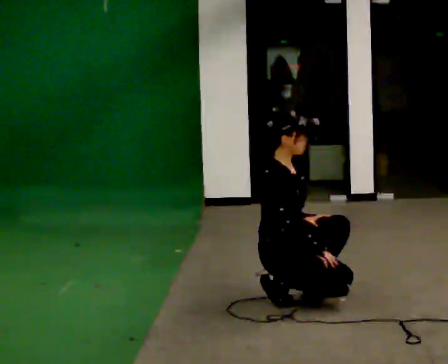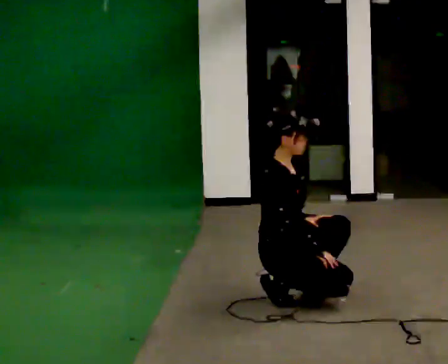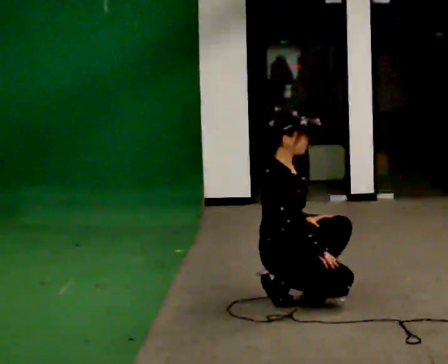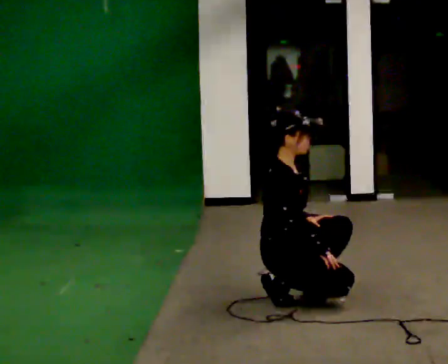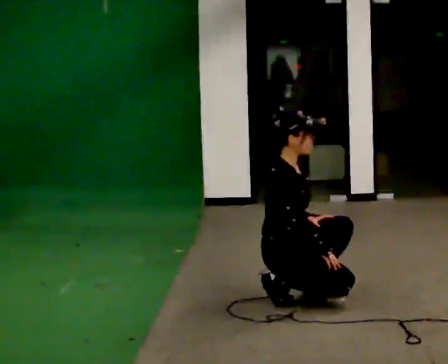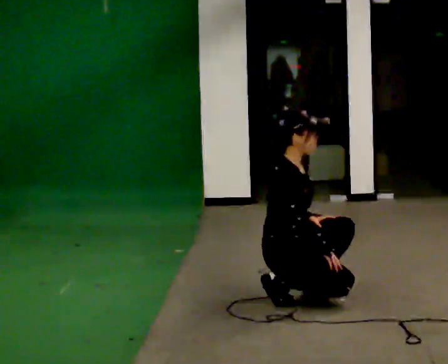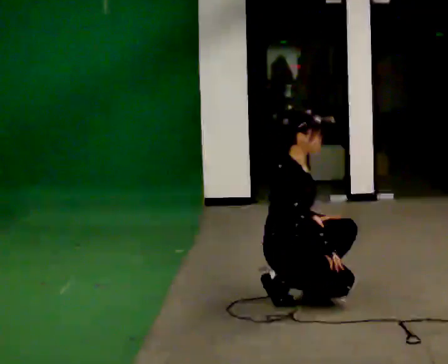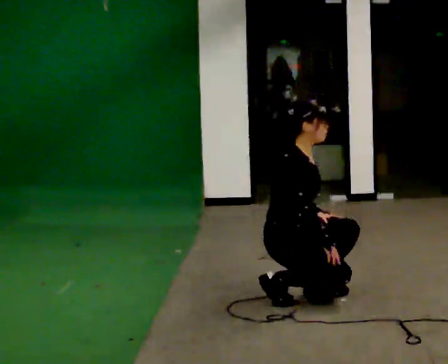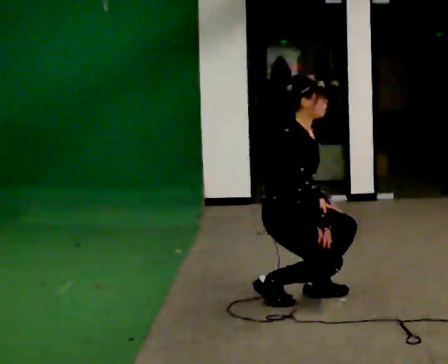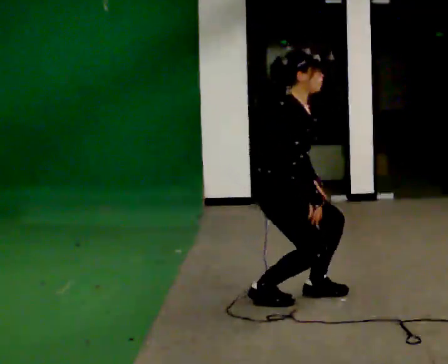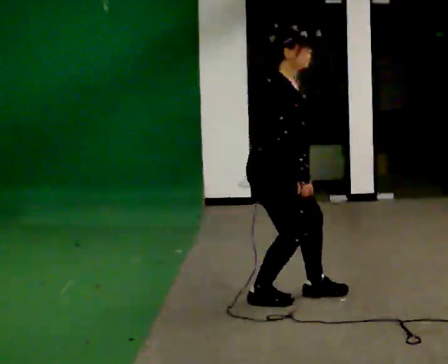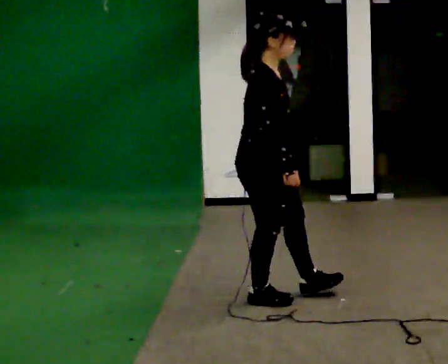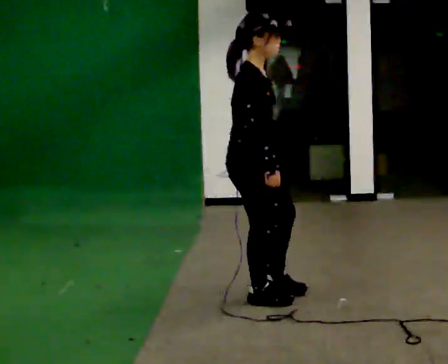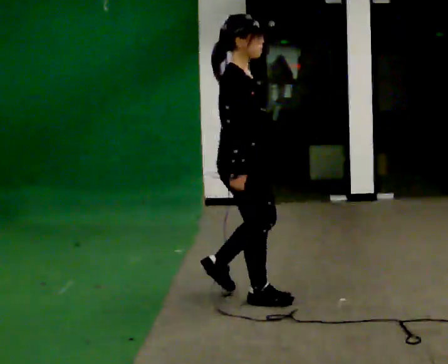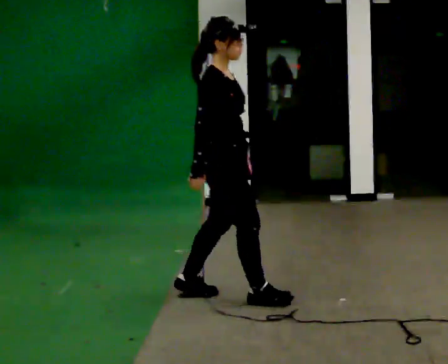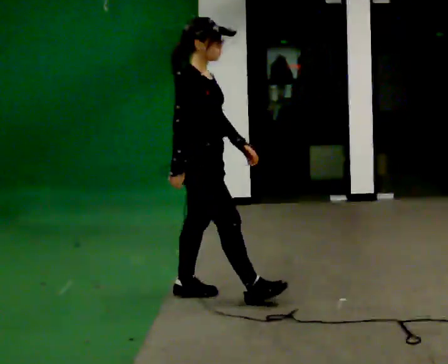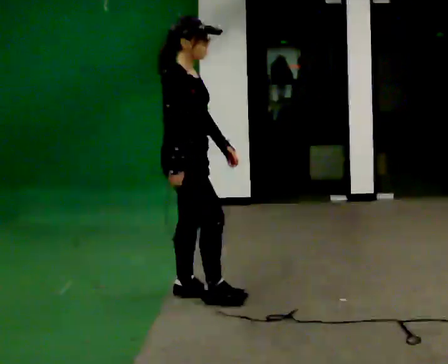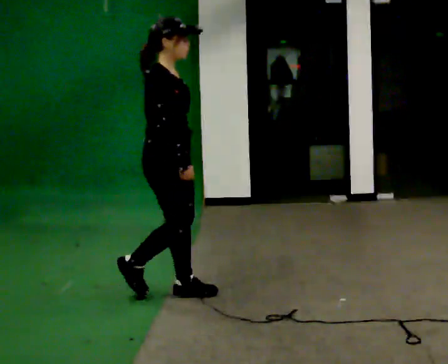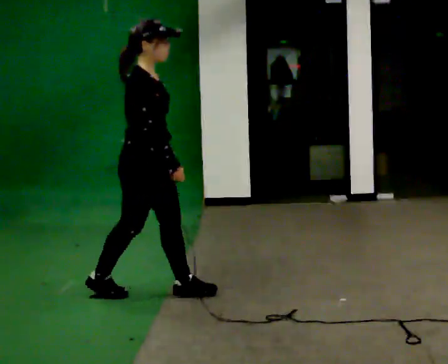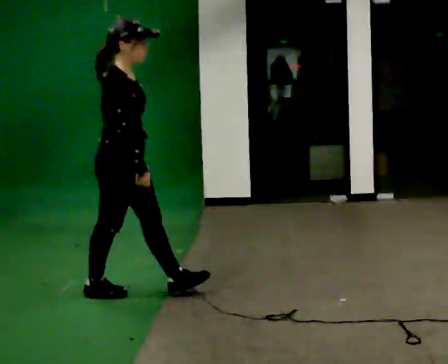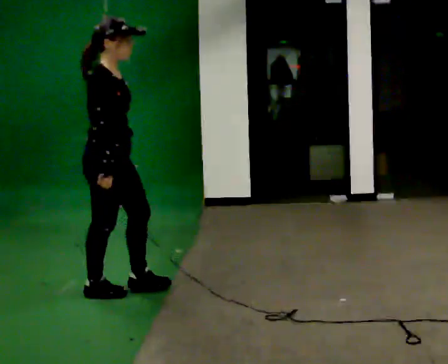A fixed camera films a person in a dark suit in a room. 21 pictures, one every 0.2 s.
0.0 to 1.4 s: The person moves a little, or ends about where they began.
1.4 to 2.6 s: In the picture they go to the left, about 0.25 m in 1 step, which for them is backward. The upper body goes upward. In the picture the upper body tilts counterclockwise, shoulders to the left, as they lean back or straighten. In the picture their left hand goes to the left and upward.
2.6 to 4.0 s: In the picture they go to the left, about 1 m in 2 steps, which for them is backward.
The film runs backward here.
